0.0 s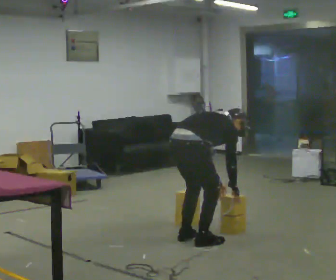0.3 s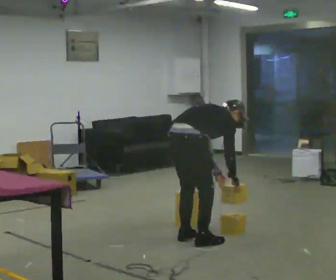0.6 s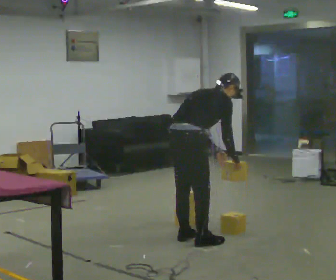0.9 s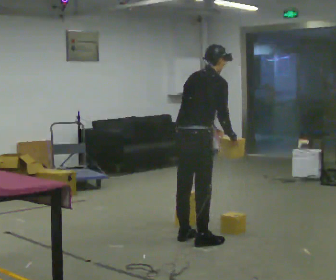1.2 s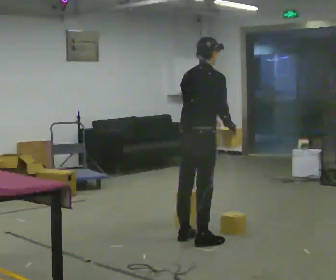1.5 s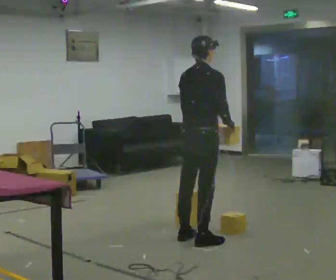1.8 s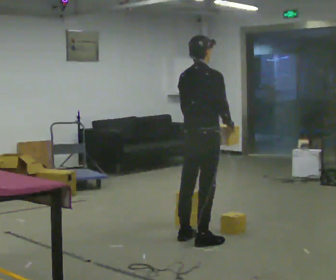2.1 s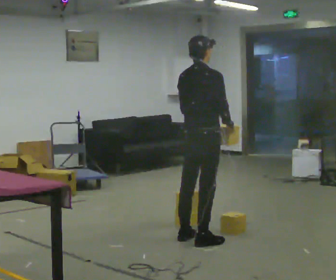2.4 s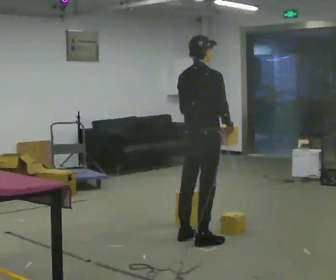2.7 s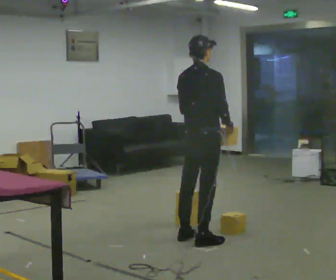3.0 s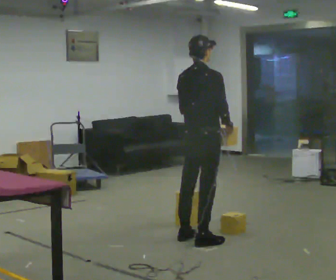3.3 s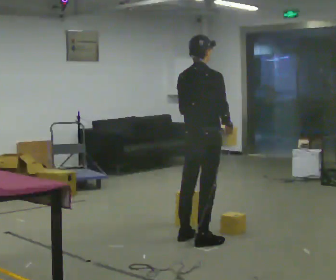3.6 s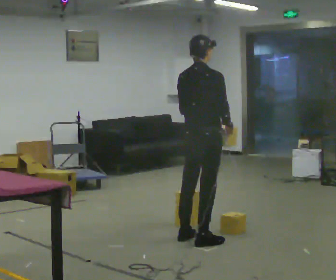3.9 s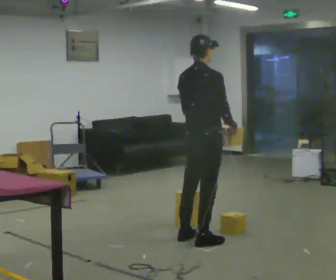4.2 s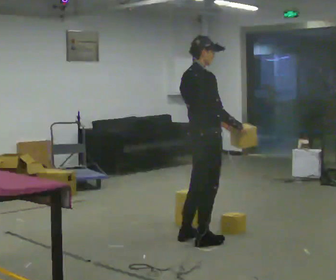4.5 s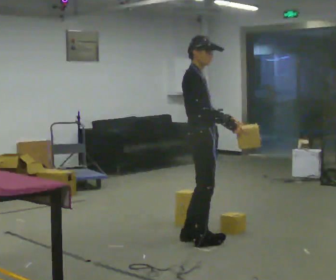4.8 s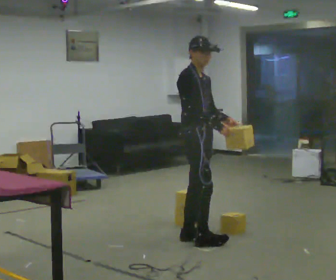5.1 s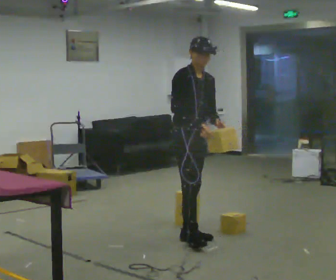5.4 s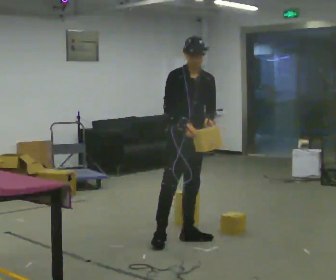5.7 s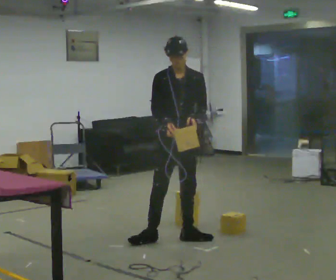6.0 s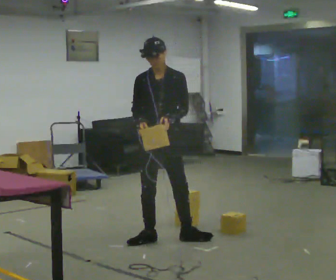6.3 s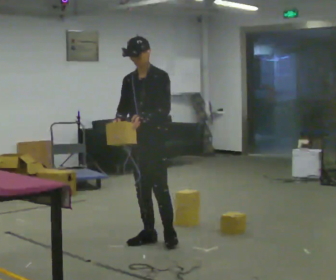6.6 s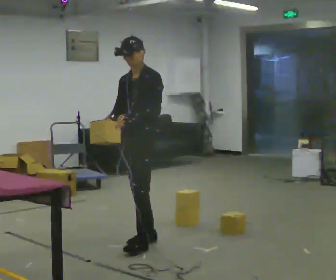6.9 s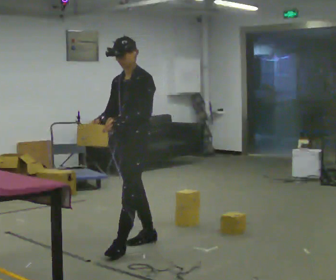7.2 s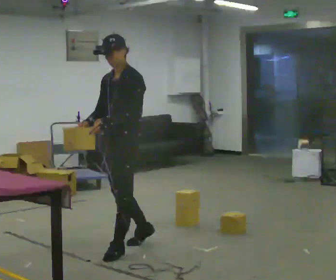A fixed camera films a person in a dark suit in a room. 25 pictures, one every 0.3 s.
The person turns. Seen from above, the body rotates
clockwise.
The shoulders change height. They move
upward.
0.0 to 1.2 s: The upper body goes upward. In the picture the upper body tilts counterclockwise, shoulders to the left, as they lean back or straighten. In the picture their left hand goes upward.
1.2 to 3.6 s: The person moves a little, or ends about where they began.
3.6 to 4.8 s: The person turns about 75 degrees to their right, clockwise seen from above, so the part of the body nearest the lens slides to the left.
4.8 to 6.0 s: The part of the body nearest the lens slides to the left as the person turns to their right by about 60 degrees. In the picture they go to the left, about 0.25 m in 1 step.
6.0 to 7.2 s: The part of the body nearest the lens slides to the left as the person turns to their right by about 45 degrees. In the picture they go toward the camera and to the left, about 0.5 m in 1 step, which for them is forward.
The film runs forward here.
